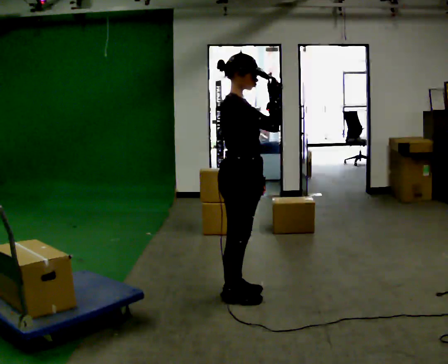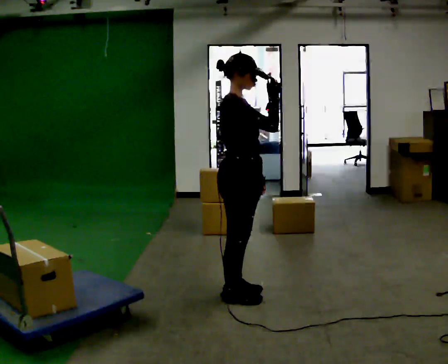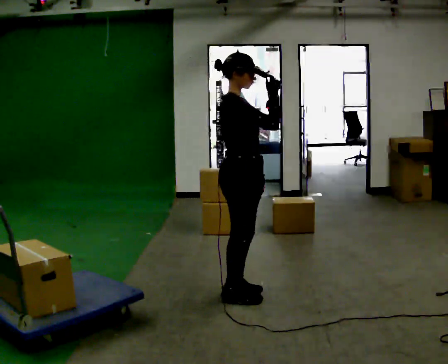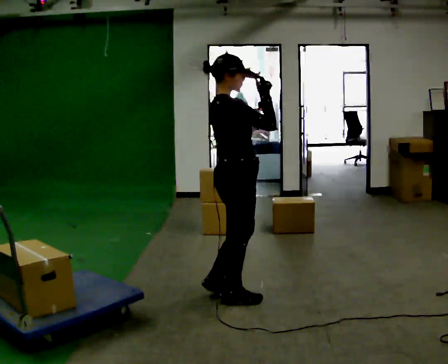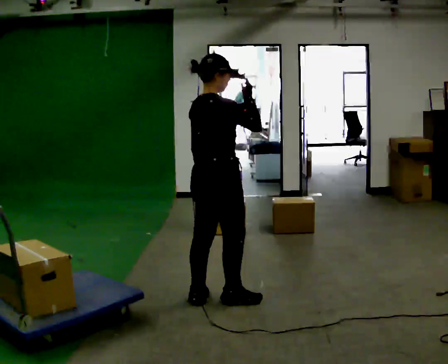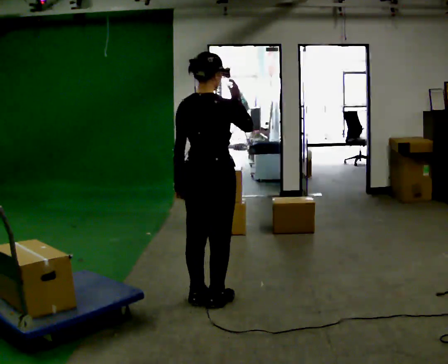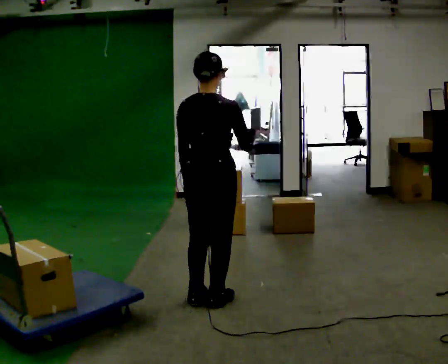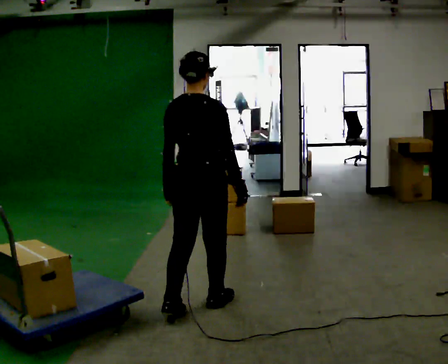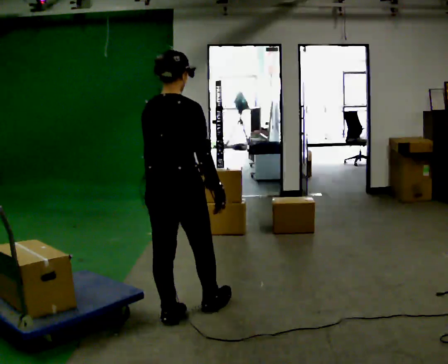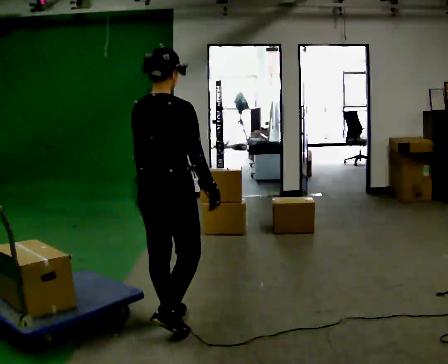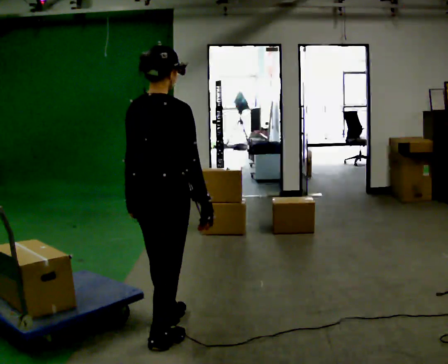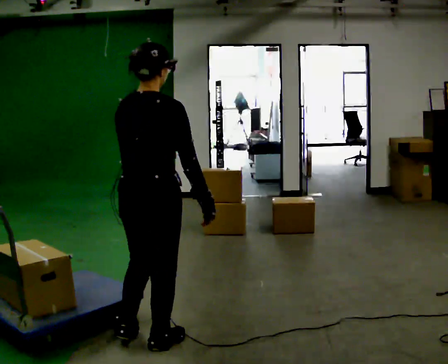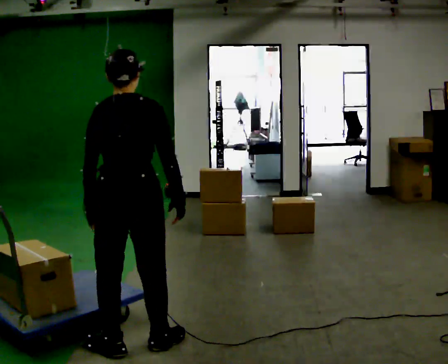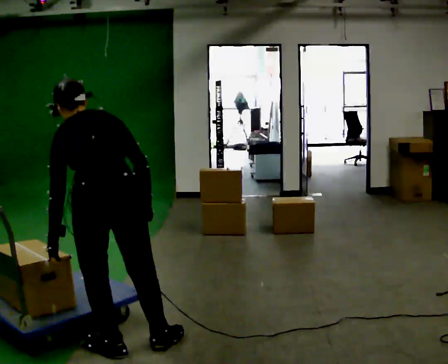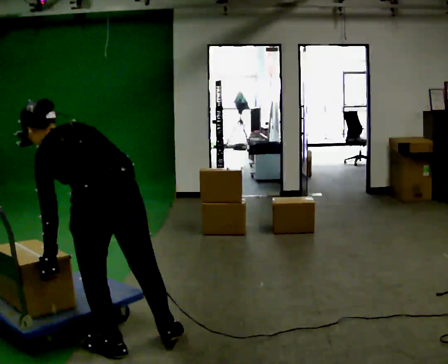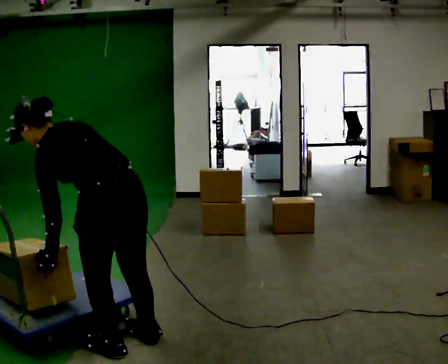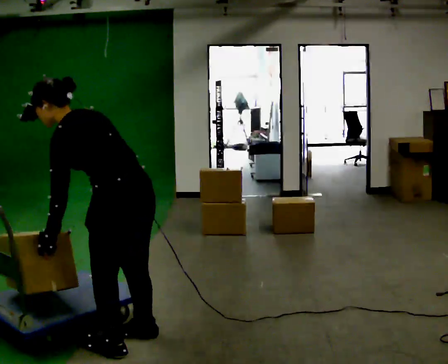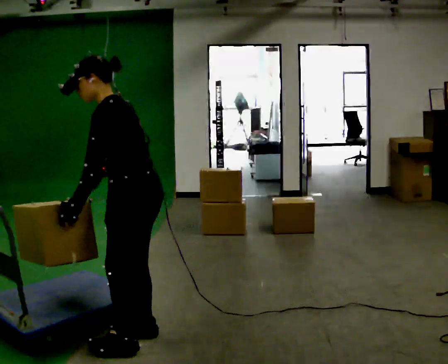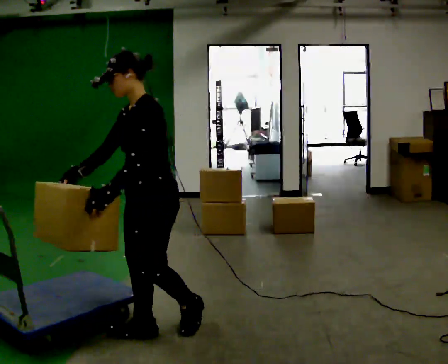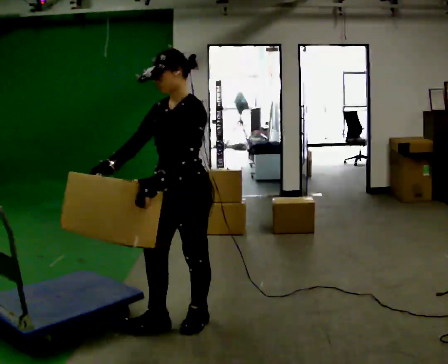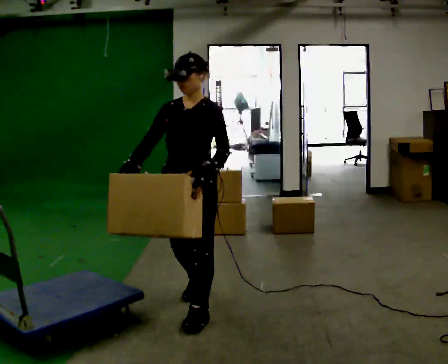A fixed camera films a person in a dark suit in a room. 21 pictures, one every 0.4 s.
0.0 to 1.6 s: Seen from above the body turns counterclockwise, about 45 degrees: to their left, with its near side sliding to the right. In the picture their left hand goes to the left.
1.6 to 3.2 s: The person turns about 30 degrees to their left, counterclockwise seen from above, so the part of the body nearest the lens slides to the right. In the picture they go to the left and toward the camera, about 0.25 m in 2 steps, which for them is backward. In the picture their right hand goes downward.
3.2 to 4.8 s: In the picture they go toward the camera and to the left, about 0.5 m in 1 step, which for them is backward.
4.8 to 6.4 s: Seen from above the body turns counterclockwise, about 75 degrees: to their left, with its near side sliding to the right. In the picture the upper body tilts counterclockwise, shoulders to the left. In the picture their right hand goes to the left.
6.4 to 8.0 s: The part of the body nearest the lens slides to the right as the person turns to their left by about 90 degrees. In the picture they go away from the camera and to the right, about 0.5 m in 2 steps. In the picture the upper body tilts clockwise, shoulders to the right, as they lean back or straighten.
The film runs backward here.
